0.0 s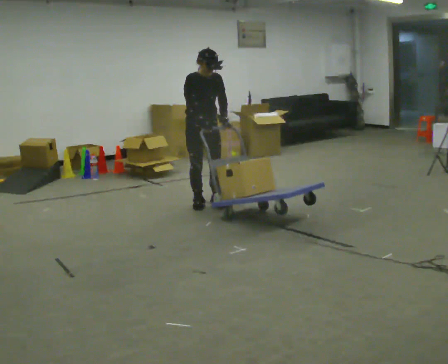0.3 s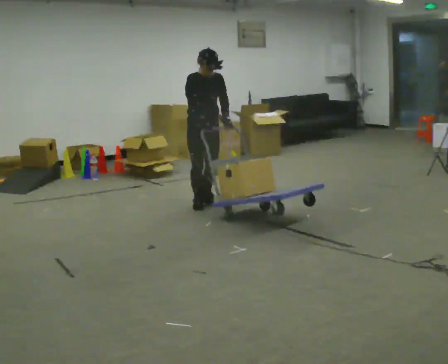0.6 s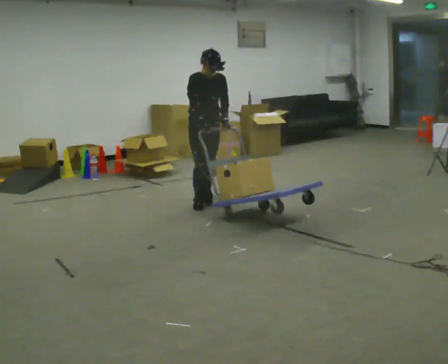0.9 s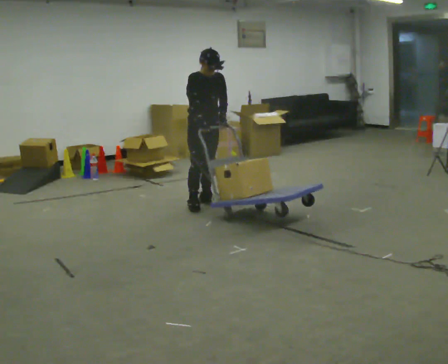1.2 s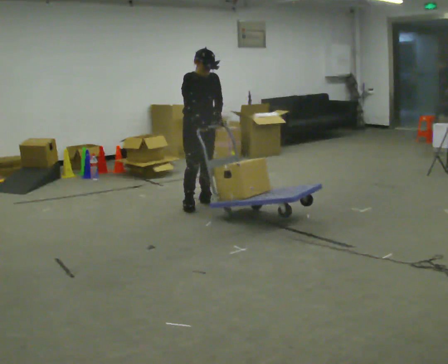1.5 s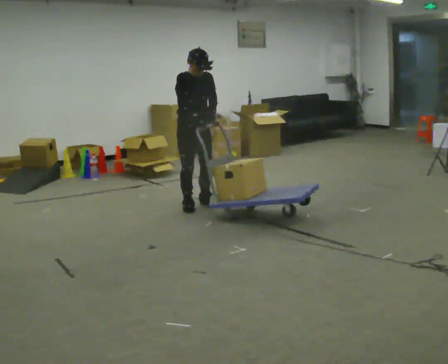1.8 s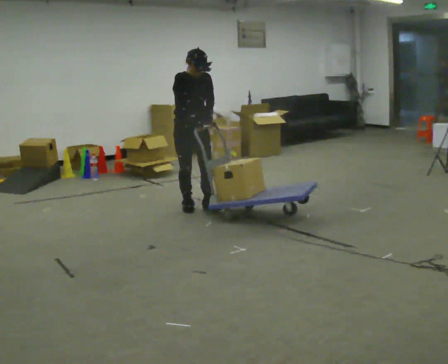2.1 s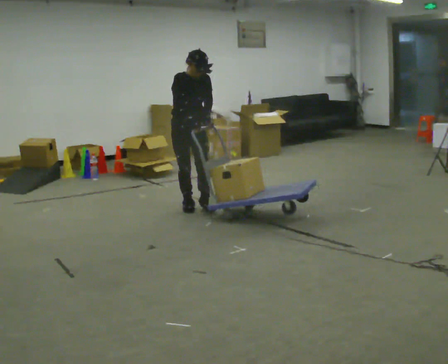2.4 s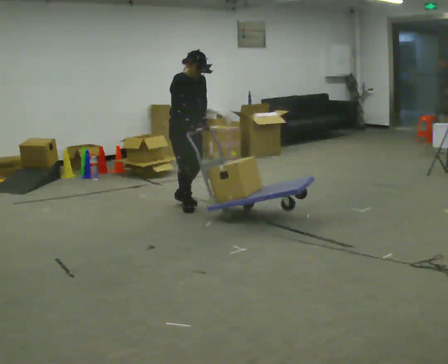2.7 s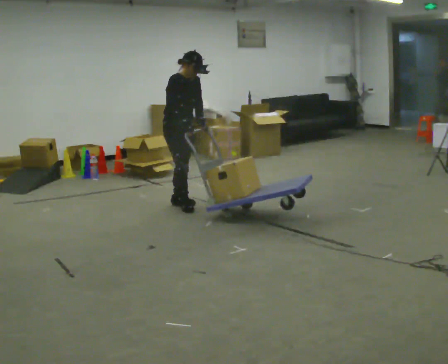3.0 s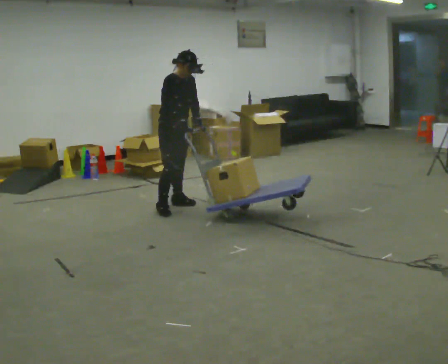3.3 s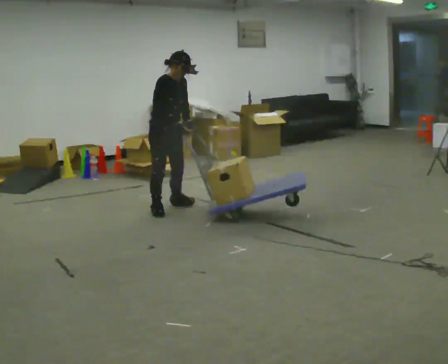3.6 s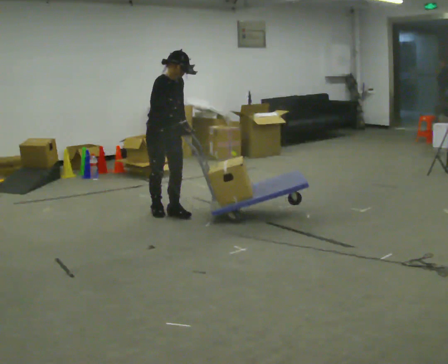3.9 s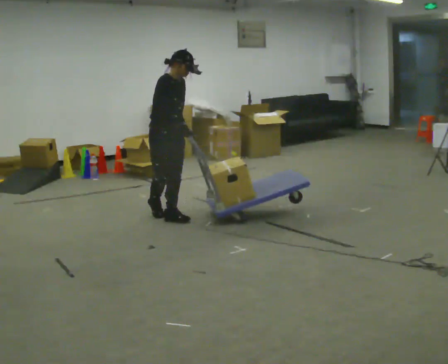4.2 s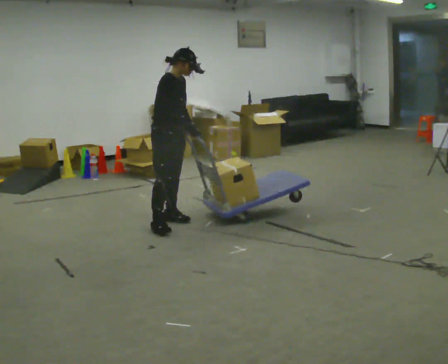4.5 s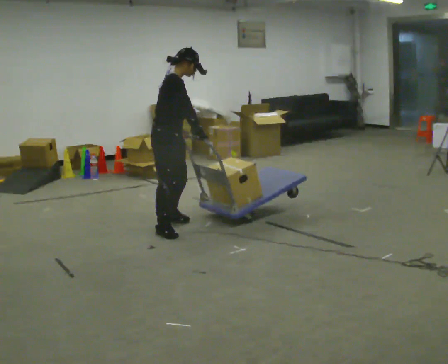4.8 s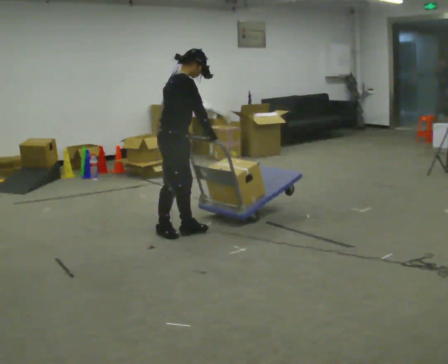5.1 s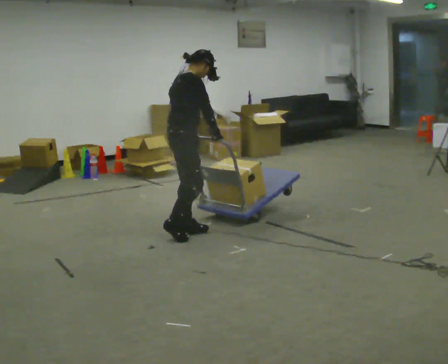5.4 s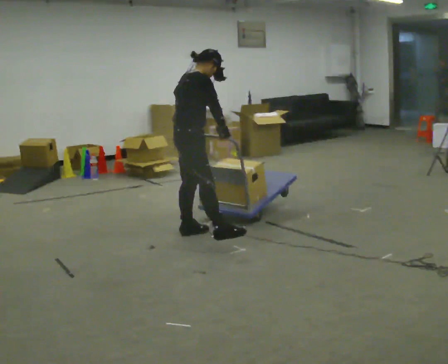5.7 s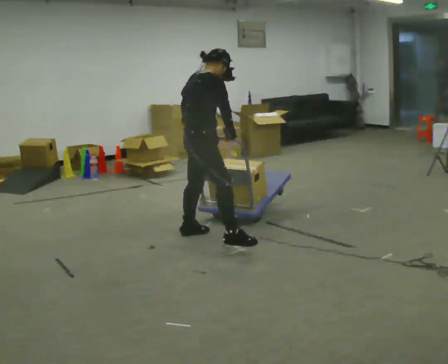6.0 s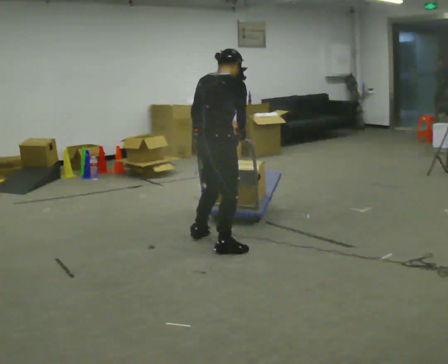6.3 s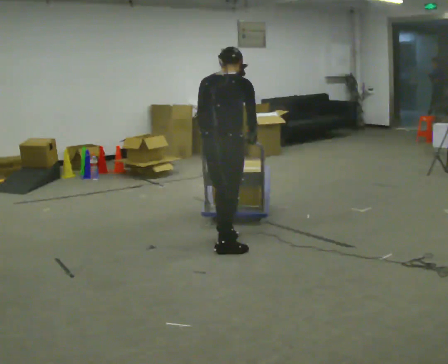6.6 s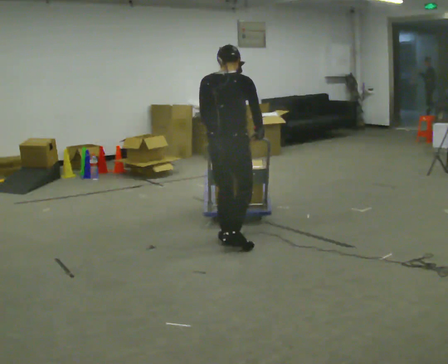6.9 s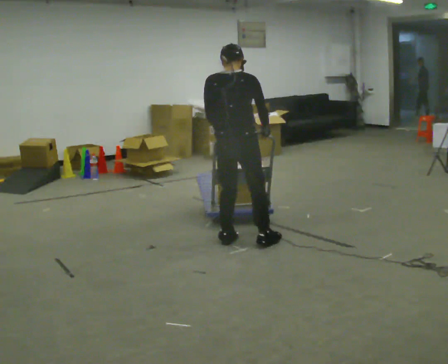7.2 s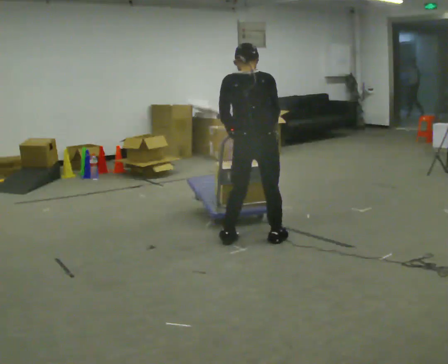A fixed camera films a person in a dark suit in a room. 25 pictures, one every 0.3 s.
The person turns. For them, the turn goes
to their left.
The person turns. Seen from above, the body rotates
counterclockwise.
0.0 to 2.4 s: In the picture they go to the left, about 0.25 m in 1 step, which for them is to their right.
2.4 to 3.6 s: In the picture they go toward the camera and to the left, about 0.25 m in 2 steps, which for them is to their right.
3.6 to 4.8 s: Seen from above the body turns counterclockwise, about 45 degrees: to their left, with its near side sliding to the right. In the picture they go toward the camera, about 0.5 m in 3 steps, which for them is to their right and forward.
4.8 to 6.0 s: The part of the body nearest the lens slides to the right as the person turns to their left by about 45 degrees. In the picture they go toward the camera and to the right, about 0.5 m in 1 step, which for them is to their right and forward.
6.0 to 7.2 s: The part of the body nearest the lens slides to the right as the person turns to their left by about 45 degrees. In the picture they go to the right, about 0.25 m in 2 steps, which for them is to their right and forward.
The film runs forward here.
